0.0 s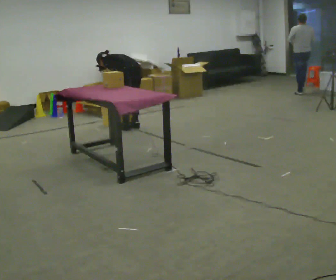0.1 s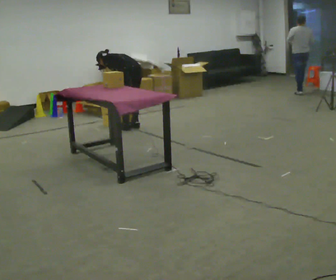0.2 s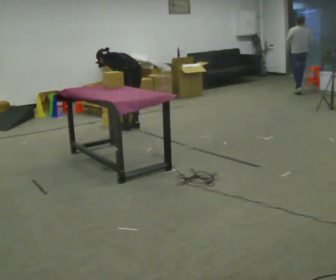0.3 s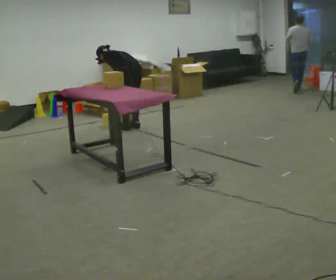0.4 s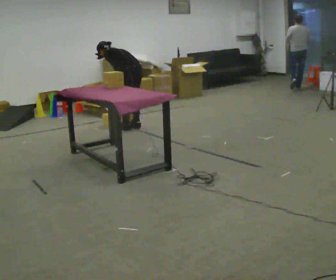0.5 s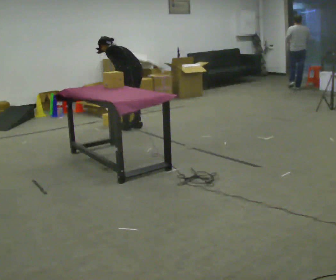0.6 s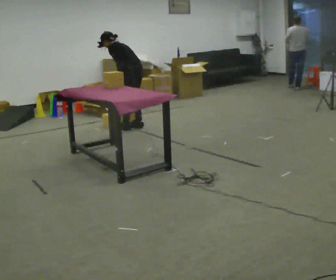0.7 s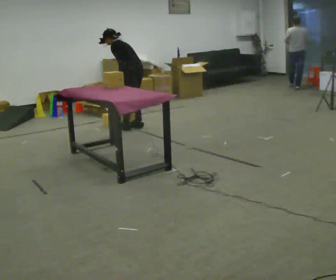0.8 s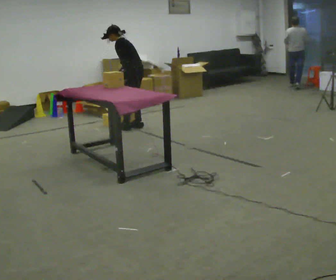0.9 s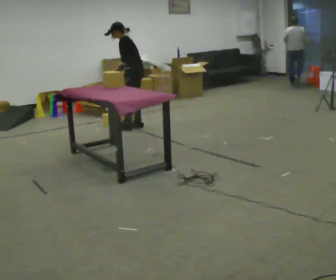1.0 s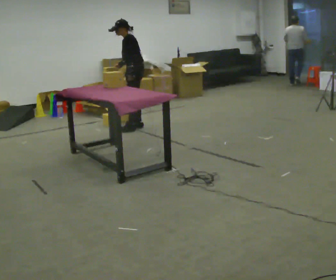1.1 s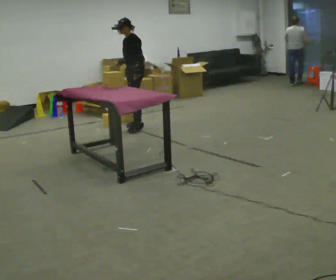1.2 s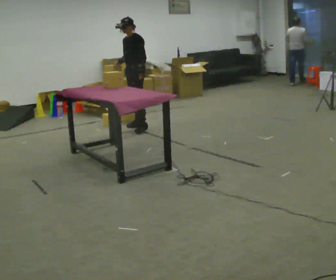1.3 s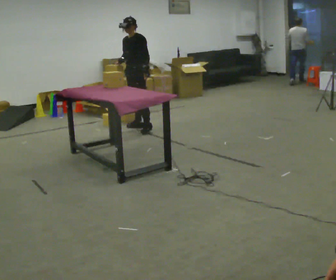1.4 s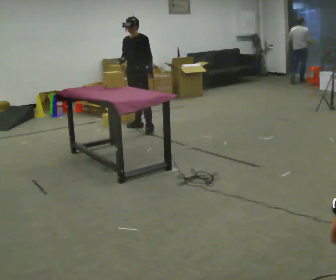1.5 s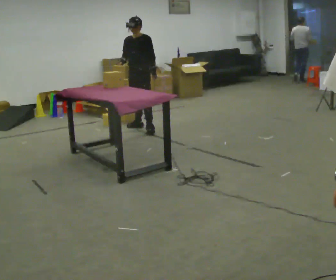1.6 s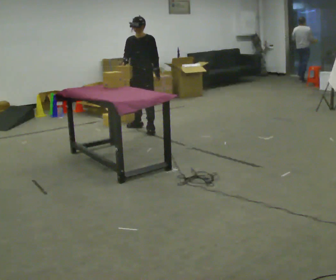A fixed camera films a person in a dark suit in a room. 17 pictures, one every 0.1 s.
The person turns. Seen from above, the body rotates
counterclockwise.
The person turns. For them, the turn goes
to their left.
0.0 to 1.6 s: Seen from above the body turns counterclockwise, about 105 degrees: to their left, with its near side sliding to the right. The upper body goes upward. The upper body tips toward the camera, its near side rolling downward, as they lean back or straighten. In the picture their right hand goes upward.
The film runs forward here.
